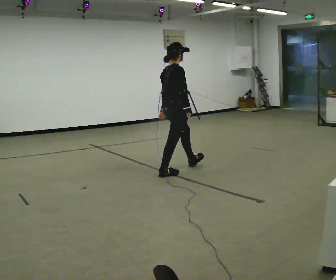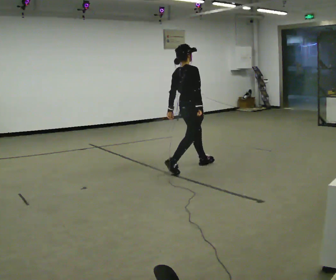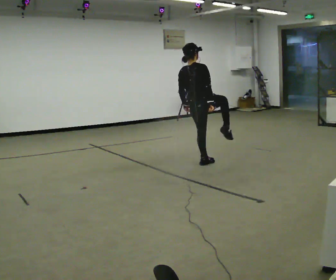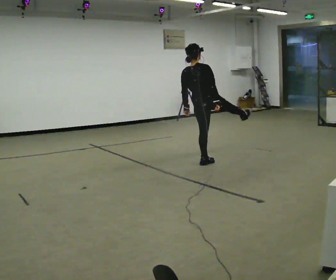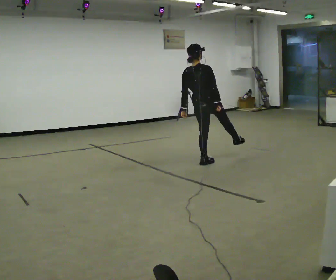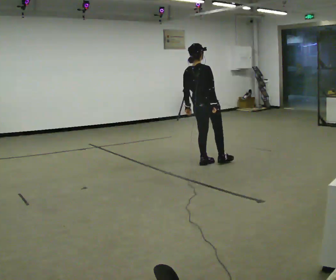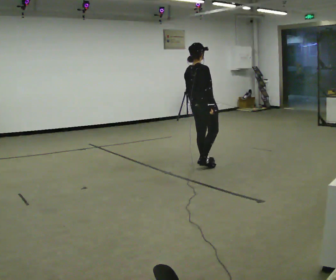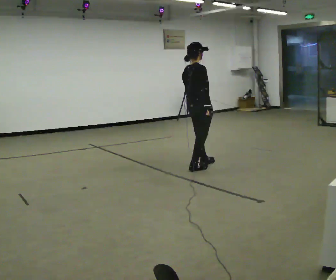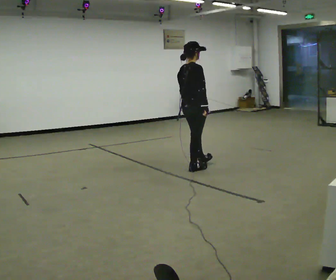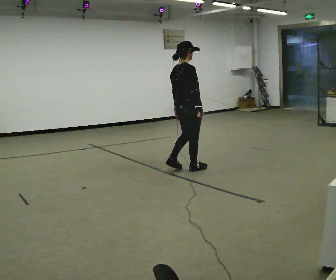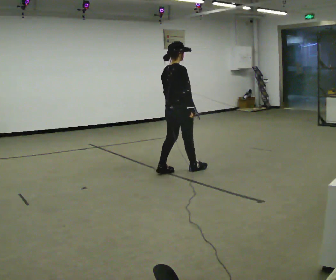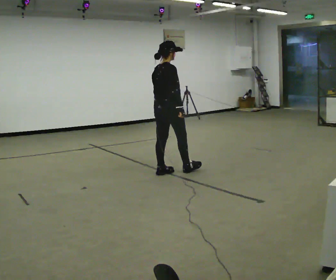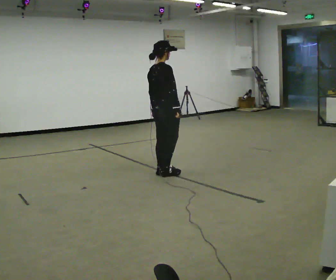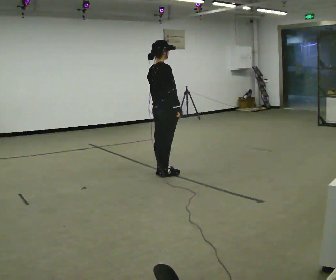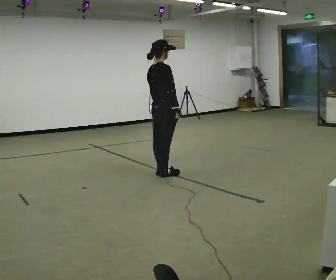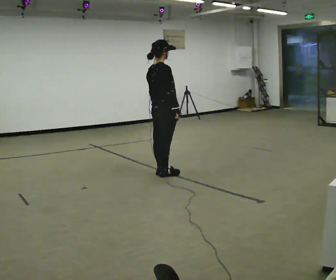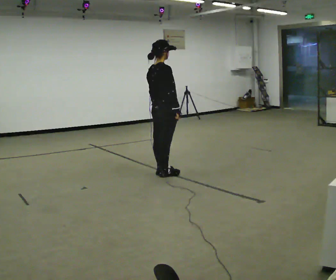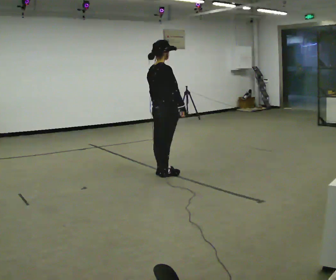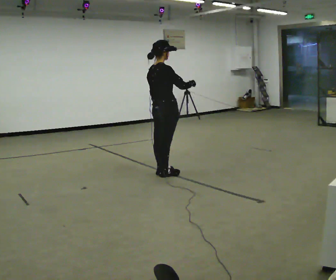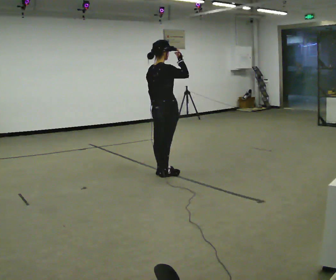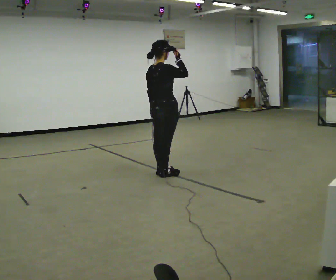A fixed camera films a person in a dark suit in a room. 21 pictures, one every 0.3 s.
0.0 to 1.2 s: The person turns about 45 degrees to their left, counterclockwise seen from above, so the part of the body nearest the lens slides to the right. In the picture they go to the right and away from the camera, about 0.5 m in 2 steps, which for them is forward and to their right. In the picture the upper body tilts counterclockwise, shoulders to the left.
1.2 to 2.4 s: The person turns about 30 degrees to their right, clockwise seen from above, so the part of the body nearest the lens slides to the left. In the picture they go toward the camera and to the left, about 0.25 m in 1 step, which for them is backward. In the picture the upper body tilts clockwise, shoulders to the right.
2.4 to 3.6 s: In the picture they go to the left and toward the camera, about 0.5 m in 2 steps, which for them is backward.
3.6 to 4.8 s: The person moves a little, or ends about where they began.
4.8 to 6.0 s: In the picture their right hand goes upward.
The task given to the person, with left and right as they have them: Repeat a short dance step or sequence over and over in time with a steady beat.
The film runs forward here.
